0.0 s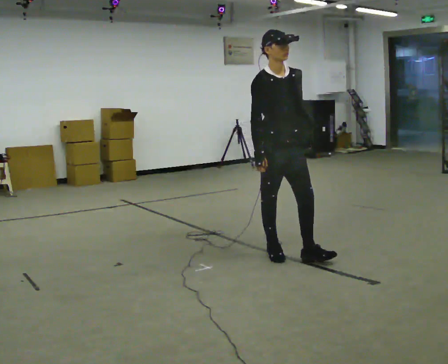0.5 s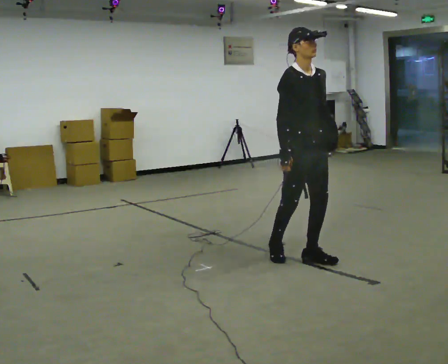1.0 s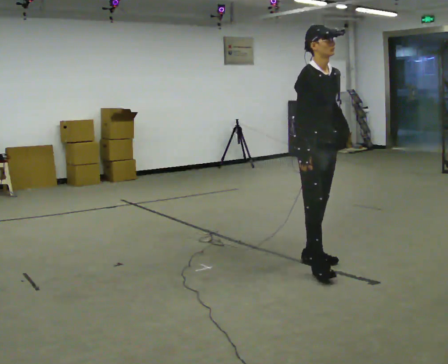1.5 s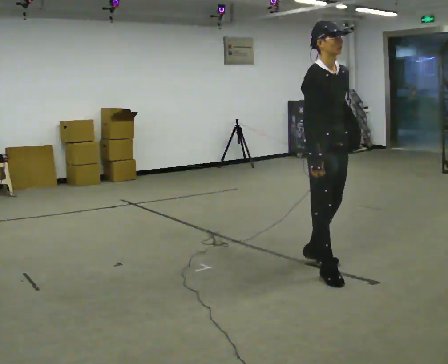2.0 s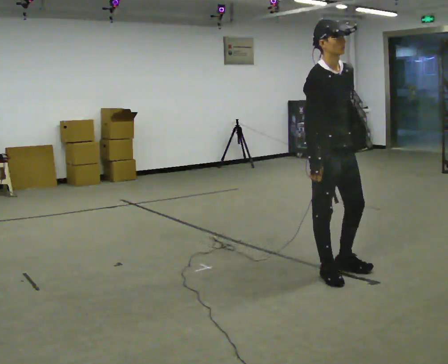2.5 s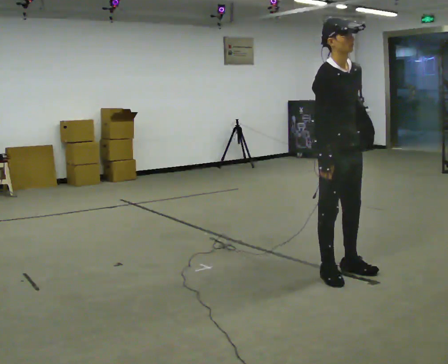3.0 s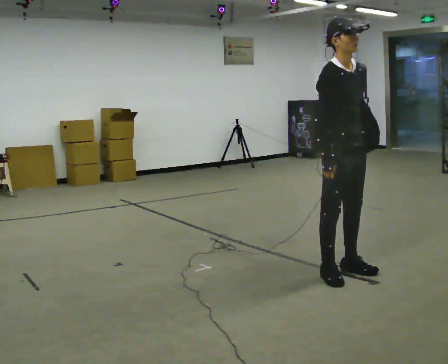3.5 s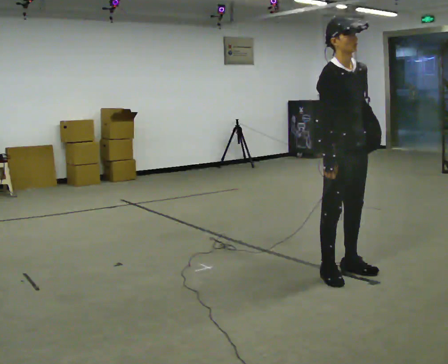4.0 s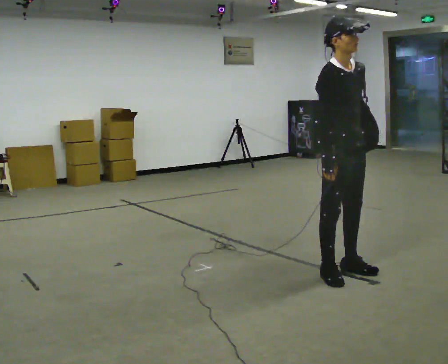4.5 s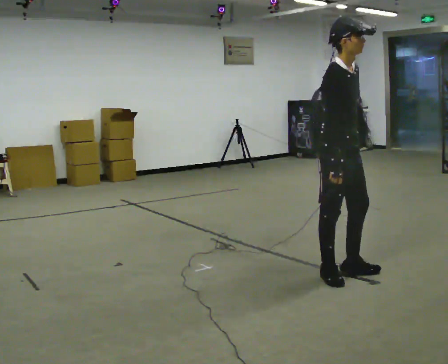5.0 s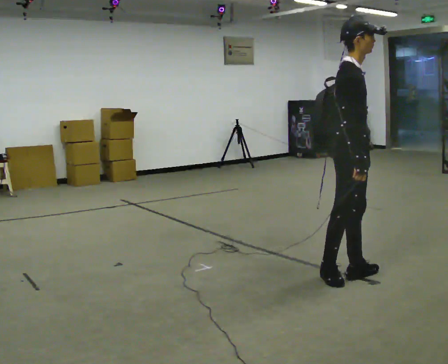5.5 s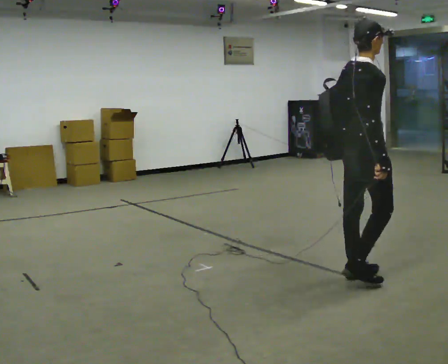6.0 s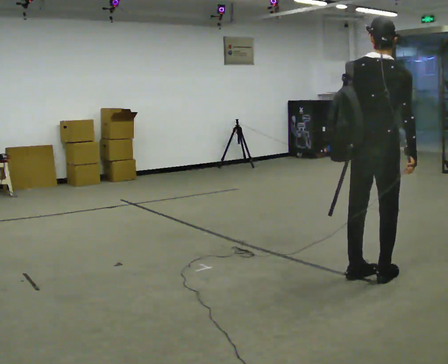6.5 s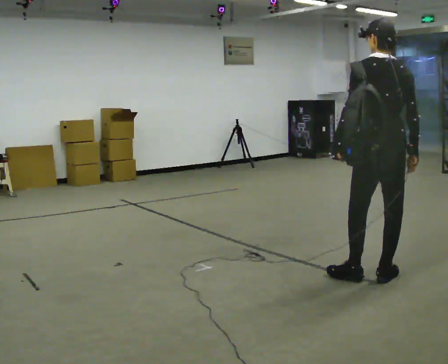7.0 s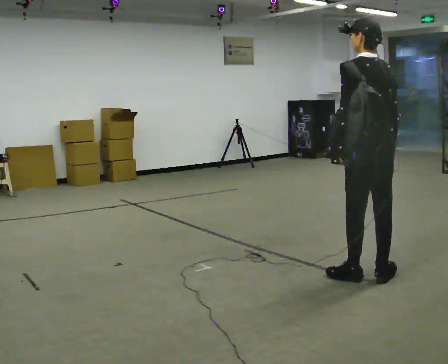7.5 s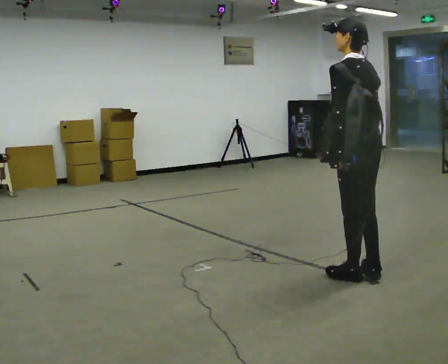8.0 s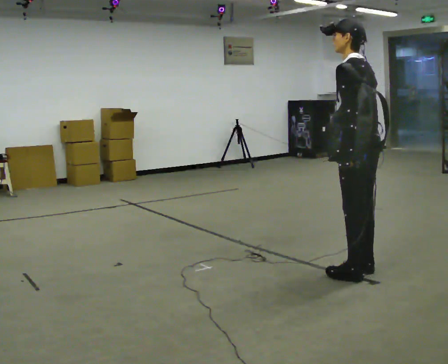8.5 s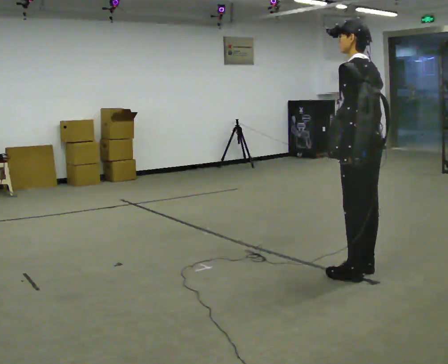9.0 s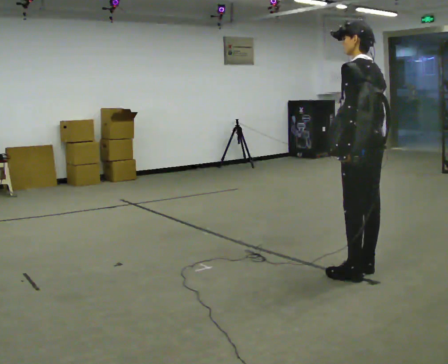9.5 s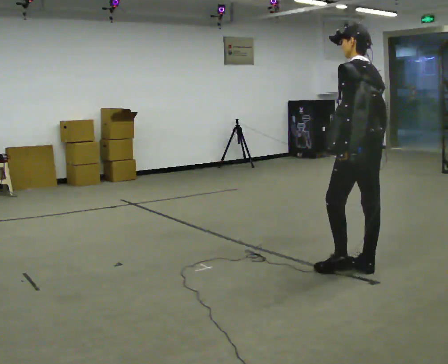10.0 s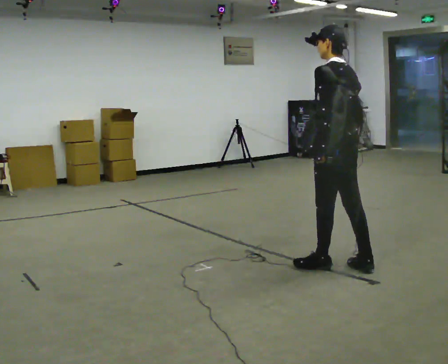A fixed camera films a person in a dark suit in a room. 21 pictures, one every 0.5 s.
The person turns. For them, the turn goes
to their left.
The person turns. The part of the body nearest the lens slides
to the right.
0.0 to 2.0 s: In the picture they go toward the camera and to the right, about 0.5 m in 1 step, which for them is forward.
2.0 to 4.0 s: The person moves a little, or ends about where they began.
4.0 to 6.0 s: The person turns about 120 degrees to their left, counterclockwise seen from above, so the part of the body nearest the lens slides to the right. In the picture they go to the right, about 0.25 m in 2 steps.
6.0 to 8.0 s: Seen from above the body turns counterclockwise, about 75 degrees: to their left, with its near side sliding to the right.
8.0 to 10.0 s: In the picture they go away from the camera and to the left, about 0.25 m in 1 step, which for them is forward.
The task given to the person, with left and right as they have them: Put the soft bag up onto your shoulder and carry it across the room, back and forth.
The film runs forward here.
